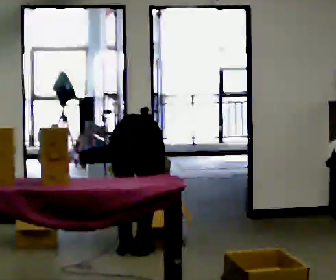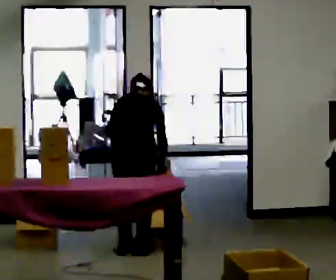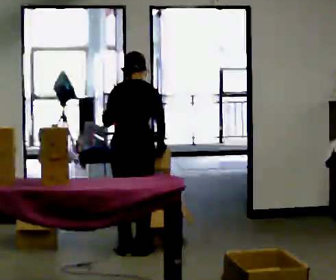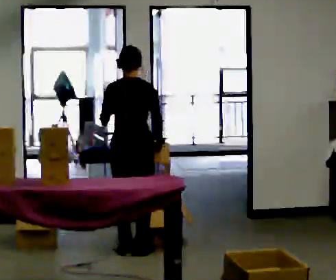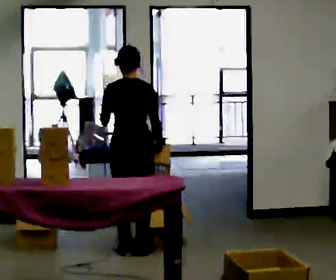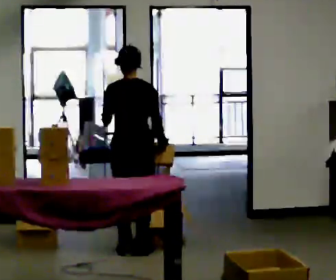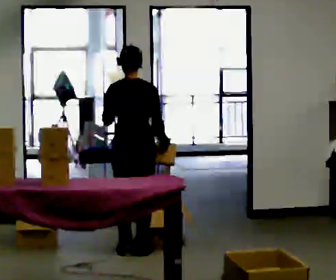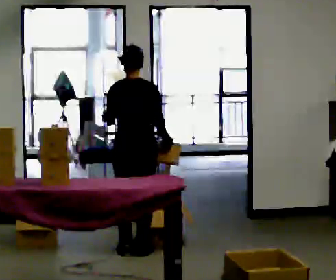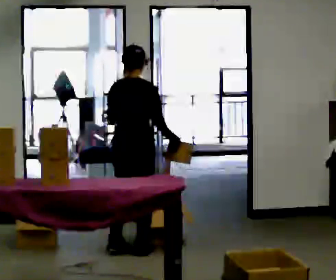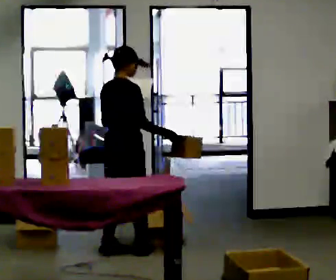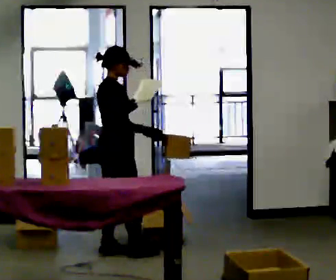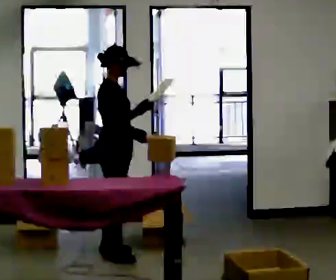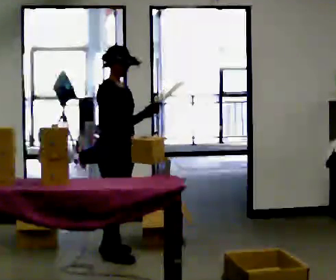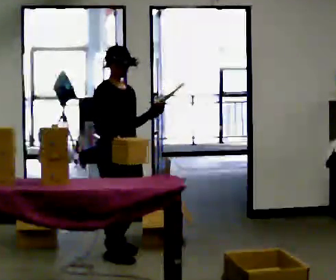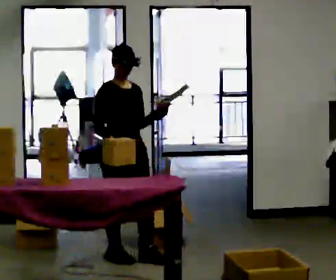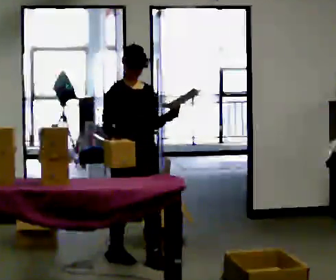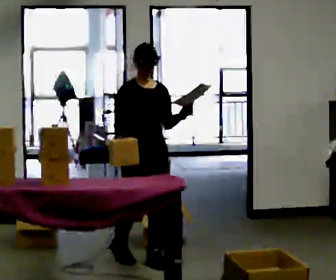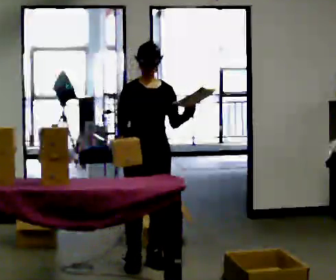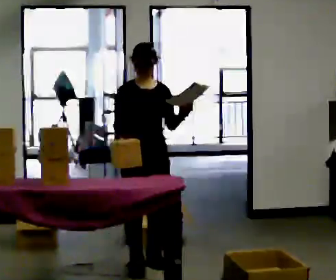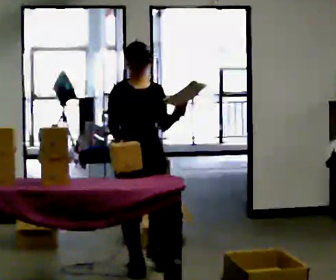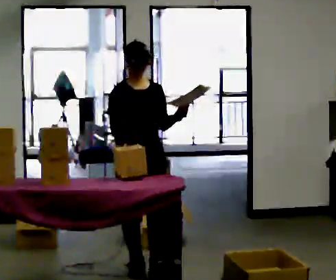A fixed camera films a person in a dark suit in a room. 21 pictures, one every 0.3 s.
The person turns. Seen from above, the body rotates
clockwise.
The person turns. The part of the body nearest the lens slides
to the left.
0.0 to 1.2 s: The shoulders move upward. The upper body tips toward the camera, its near side rolling downward, as they lean back or straighten. In the picture their left hand goes upward.
1.2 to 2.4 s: The person moves a little, or ends about where they began.
2.4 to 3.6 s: The person turns about 90 degrees to their right, clockwise seen from above, so the part of the body nearest the lens slides to the left. In the picture they go toward the camera, about 0.25 m in 2 steps. In the picture their right hand goes to the left.
3.6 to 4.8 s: Seen from above the body turns clockwise, about 45 degrees: to their right, with its near side sliding to the left. In the picture they go to the right and toward the camera, about 0.25 m in 1 step, which for them is forward.
4.8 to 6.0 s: In the picture they go toward the camera, about 0.25 m in 2 steps, which for them is forward.
The film runs forward here.
